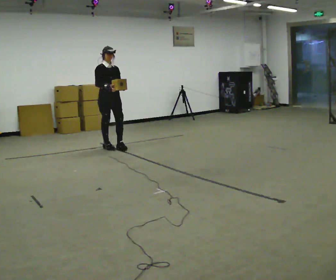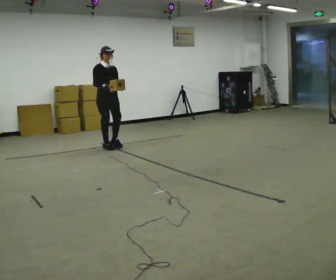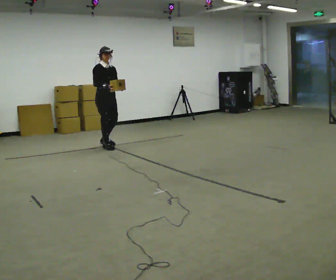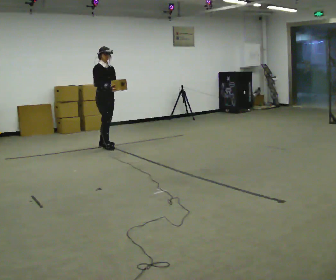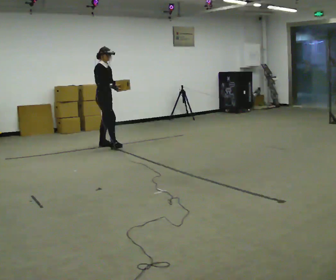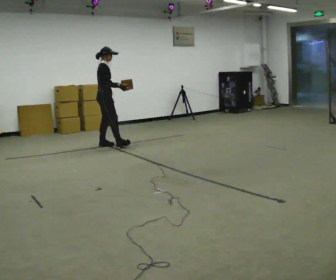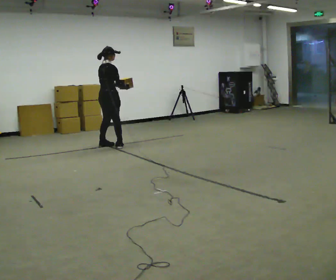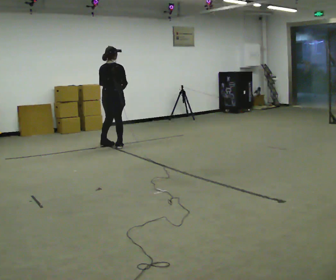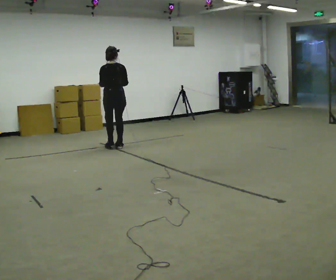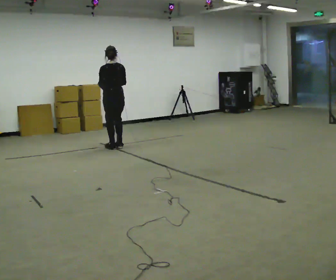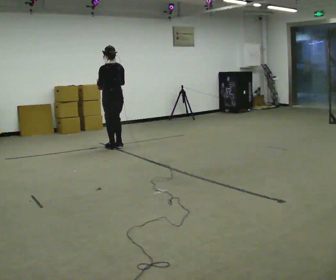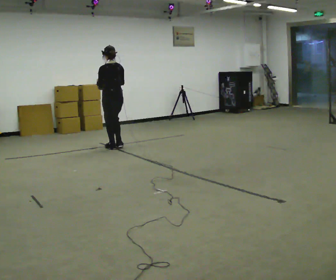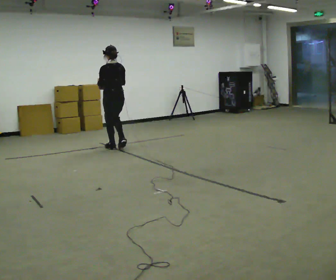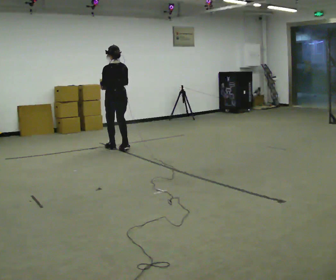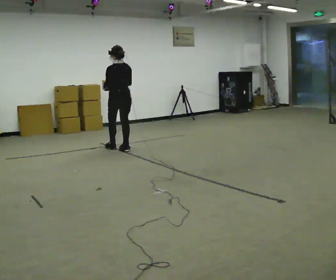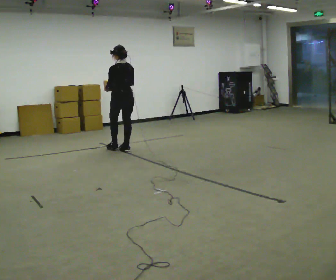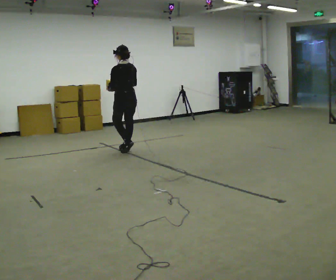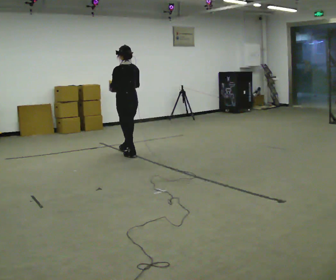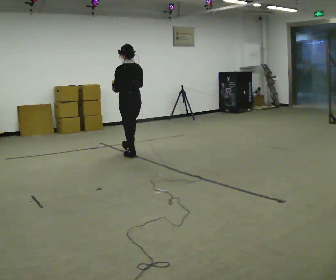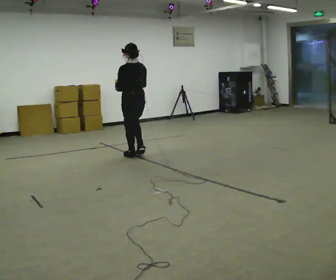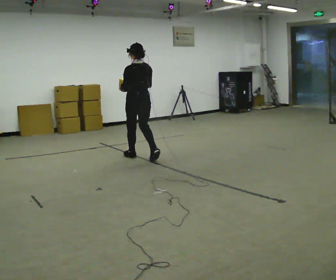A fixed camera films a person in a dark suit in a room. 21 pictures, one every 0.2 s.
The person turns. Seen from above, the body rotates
counterclockwise.
The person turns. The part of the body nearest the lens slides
to the right.
0.0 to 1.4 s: The part of the body nearest the lens slides to the right as the person turns to their left by about 135 degrees.
1.4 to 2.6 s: Seen from above the body turns counterclockwise, about 45 degrees: to their left, with its near side sliding to the right. In the picture they go toward the camera, about 0.25 m in 1 step, which for them is backward.
2.6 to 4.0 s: In the picture they go toward the camera and to the right, about 0.5 m in 2 steps, which for them is backward.
The film runs backward here.
